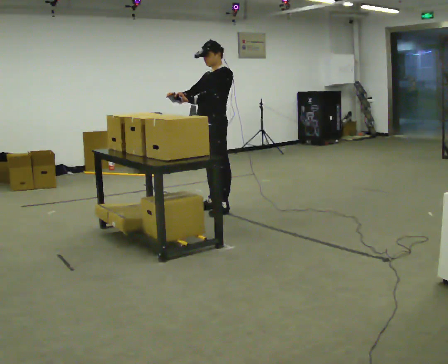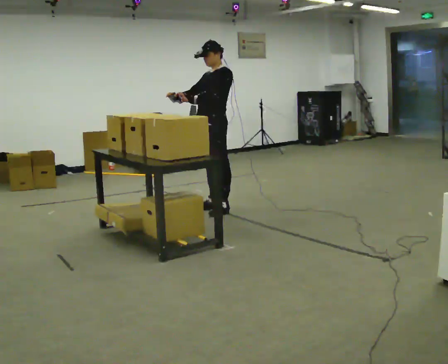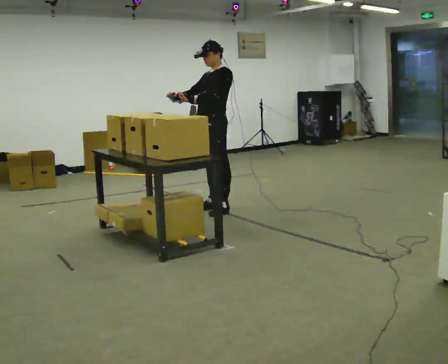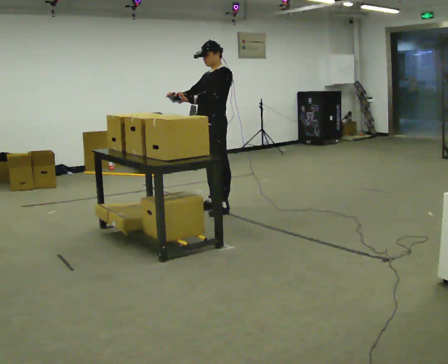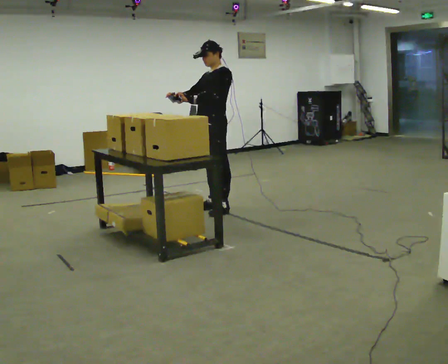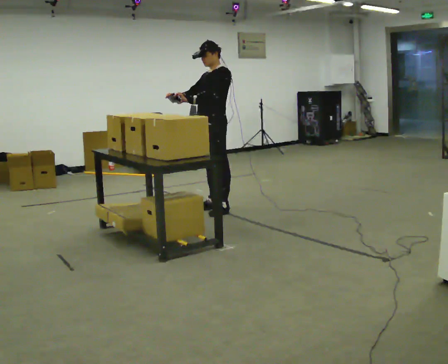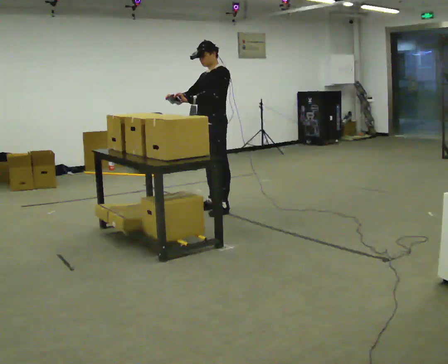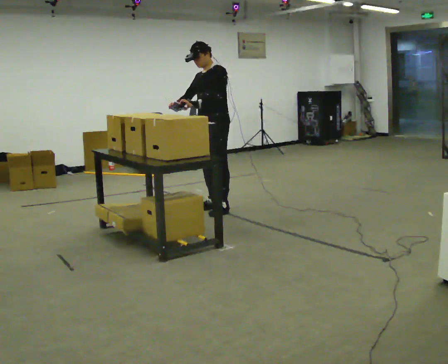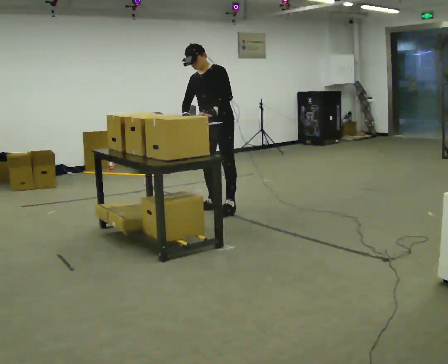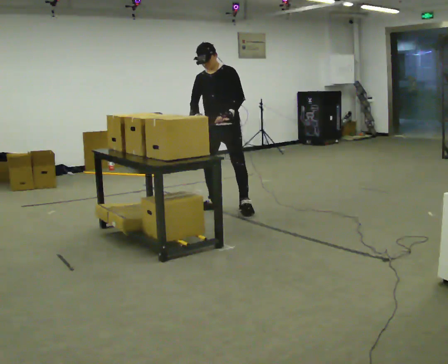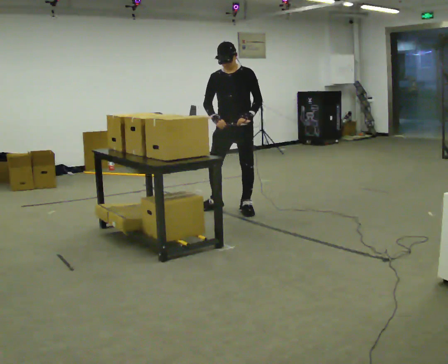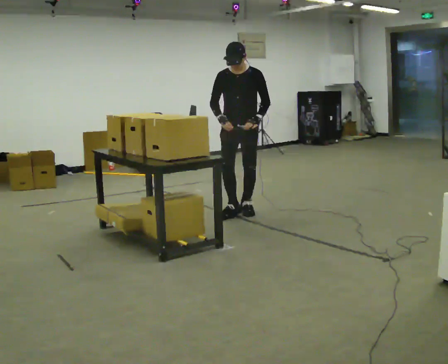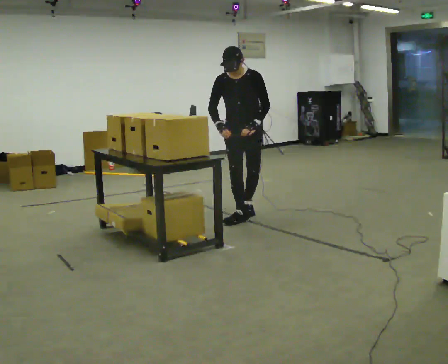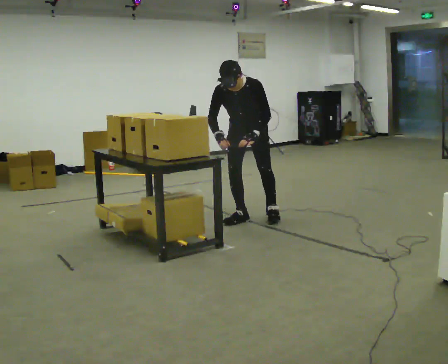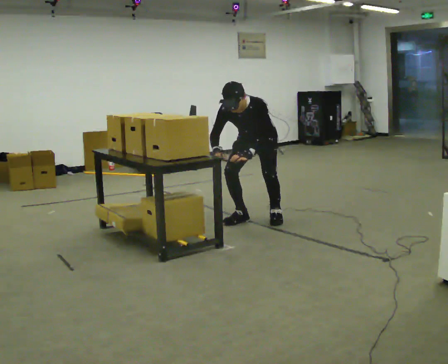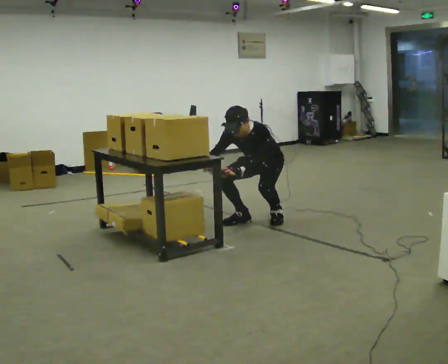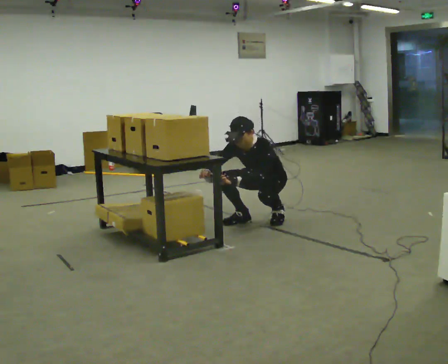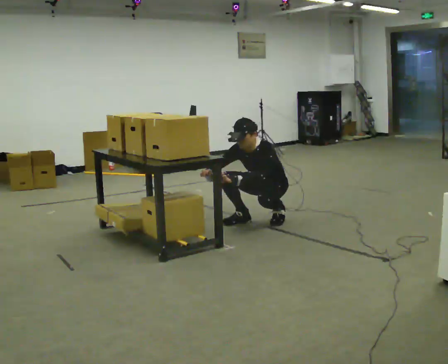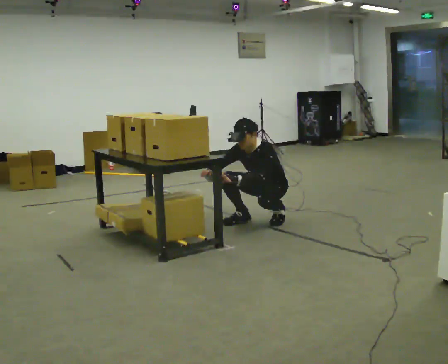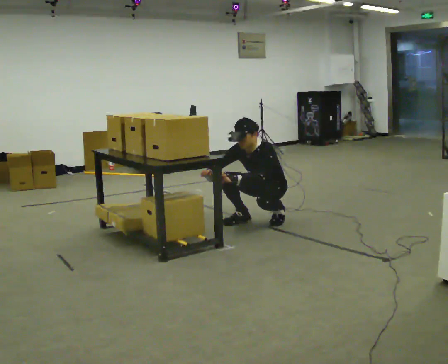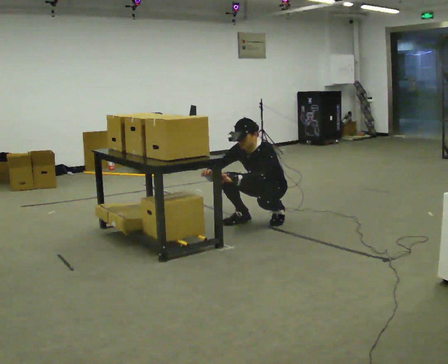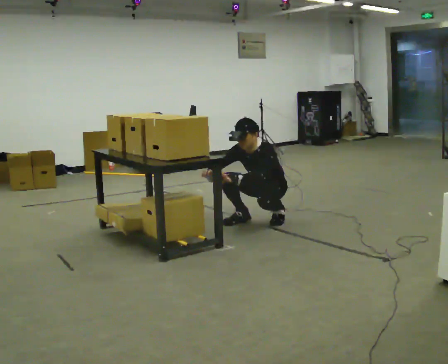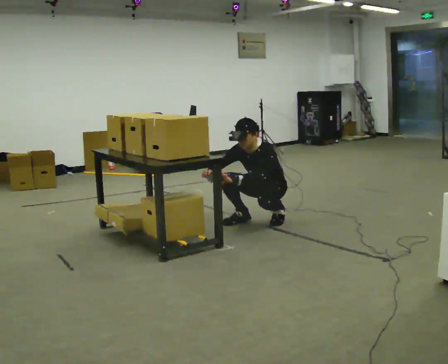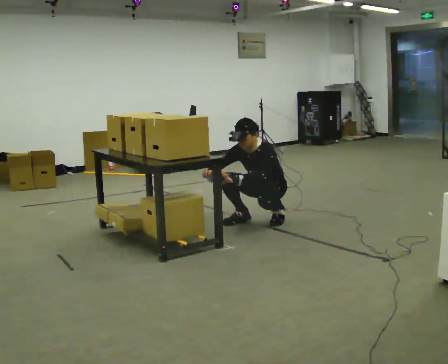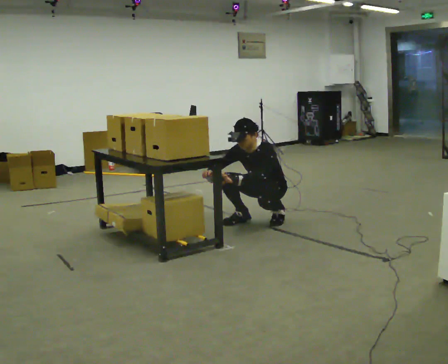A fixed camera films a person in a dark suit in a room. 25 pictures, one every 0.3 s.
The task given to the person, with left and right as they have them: Point the scanner at each label on the shelf in front of you and press the button. Repeat at your own pace until the operator says stop. Keep both feet on the marked spots for the whole take. If you have to step, stop and tell the operator.
0.0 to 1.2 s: The person keeps their place and pose.
1.2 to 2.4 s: In the picture the upper body tilts counterclockwise, shoulders to the left, as they bend forward.
2.4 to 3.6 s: Seen from above the body turns counterclockwise, about 30 degrees: to their left, with its near side sliding to the right. In the picture they go to the right and toward the camera, about 0.25 m in 2 steps, which for them is to their left and forward. The upper body tips toward the camera, its near side rolling downward.
3.6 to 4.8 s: In the picture they go to the right, about 0.25 m in 1 step, which for them is to their left. The shoulders move downward. In the picture their left hand goes downward.
4.8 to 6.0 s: The person moves a little, or ends about where they began.
6.0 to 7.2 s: The person keeps their place and pose.
The film runs forward here.
